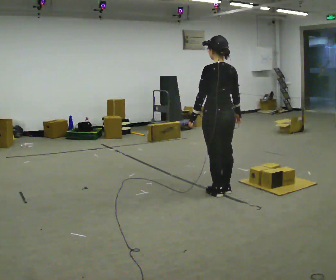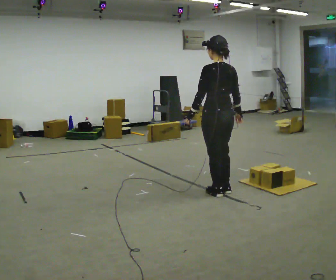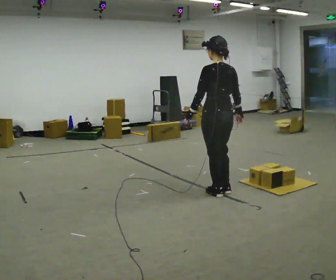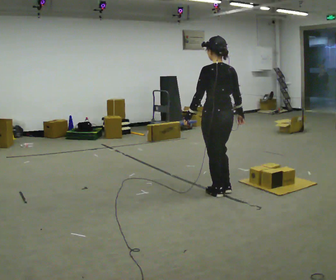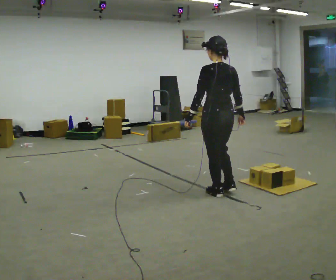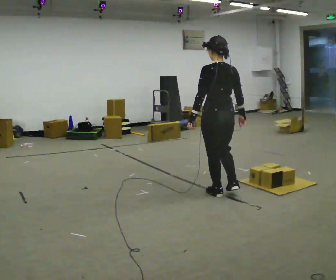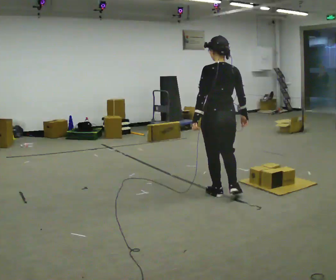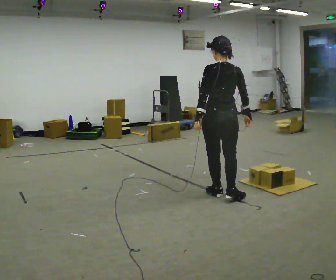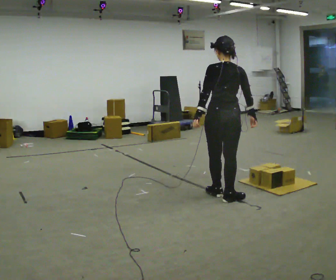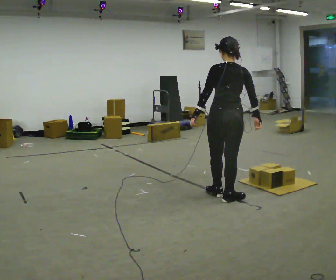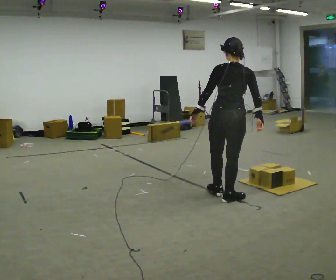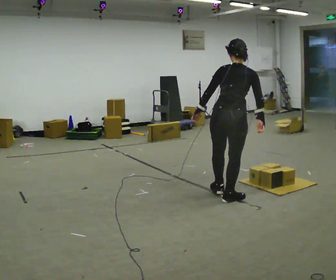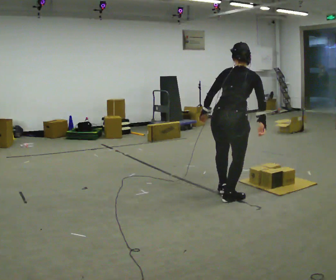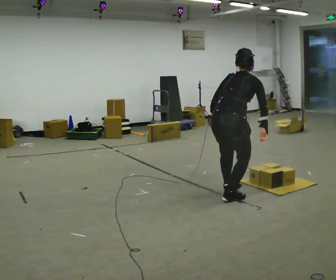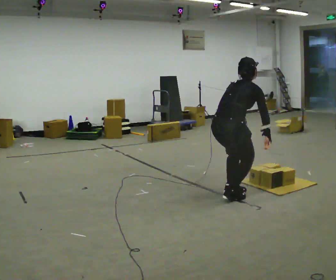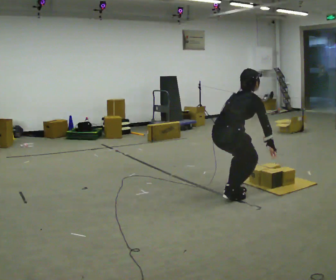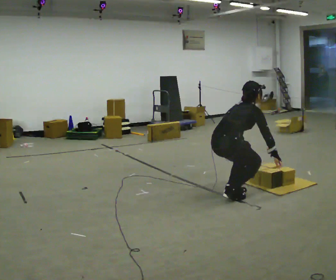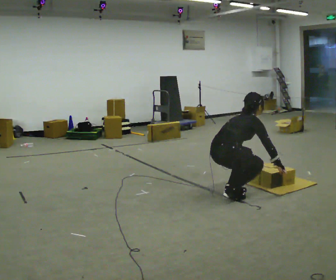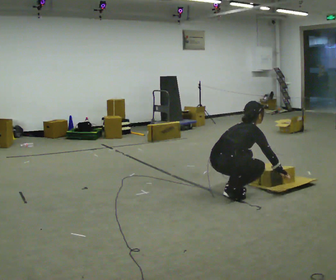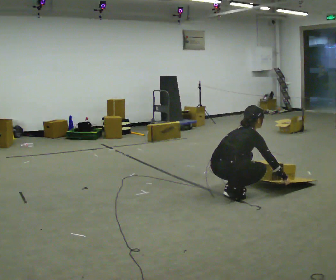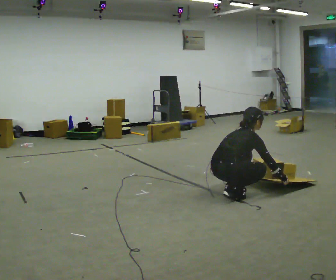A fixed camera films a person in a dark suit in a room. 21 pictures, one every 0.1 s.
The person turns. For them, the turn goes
to their right.
The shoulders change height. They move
downward.
0.0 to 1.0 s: The person turns about 30 degrees to their right, clockwise seen from above, so the part of the body nearest the lens slides to the left. In the picture they go toward the camera, about 0.25 m in 1 step, which for them is backward. The upper body tips away from the camera, its near side rolling upward, as they bend forward.
1.0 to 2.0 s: Seen from above the body turns clockwise, about 60 degrees: to their right, with its near side sliding to the left. The shoulders move downward. In the picture the upper body tilts clockwise, shoulders to the right, as they bend forward. In the picture their left hand goes downward and to the right.
The film runs backward here.
